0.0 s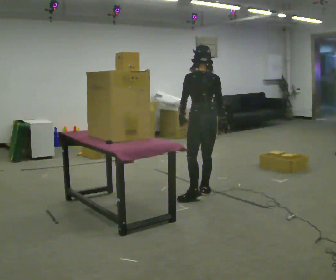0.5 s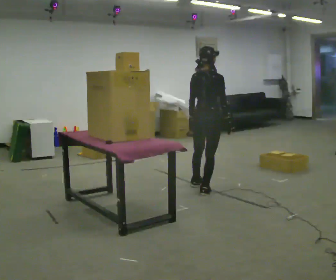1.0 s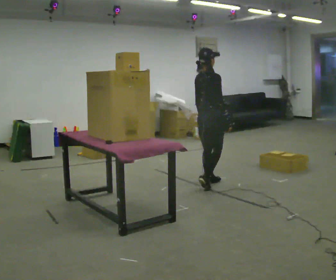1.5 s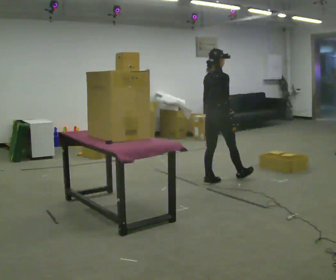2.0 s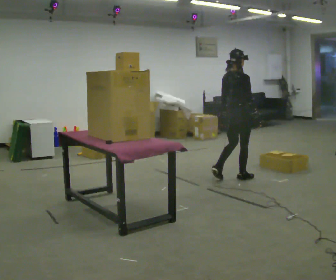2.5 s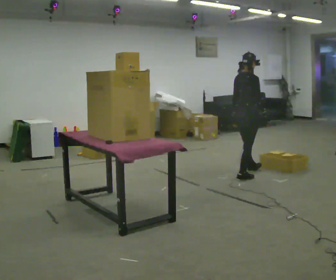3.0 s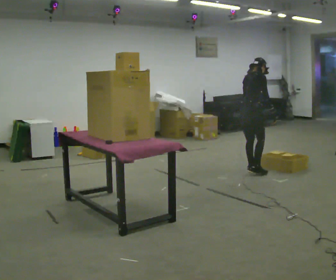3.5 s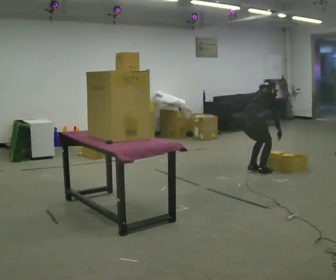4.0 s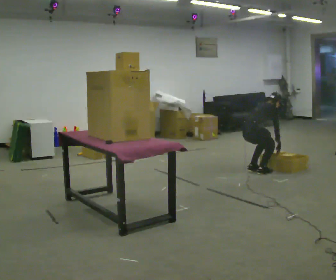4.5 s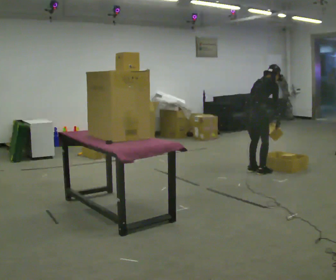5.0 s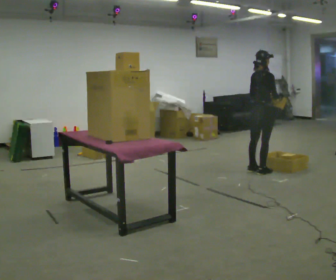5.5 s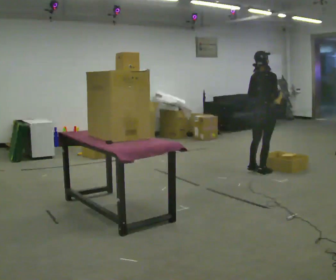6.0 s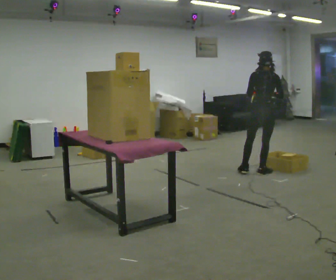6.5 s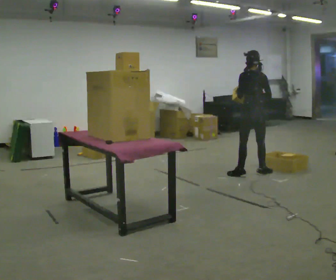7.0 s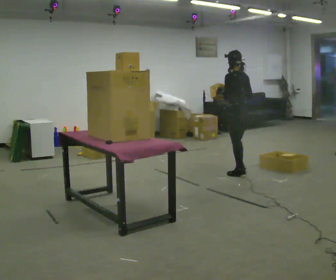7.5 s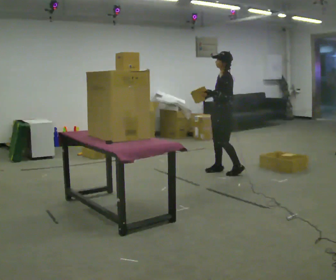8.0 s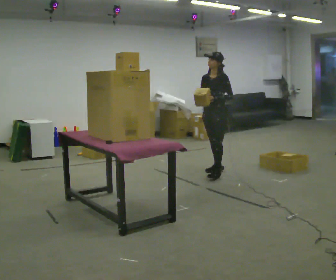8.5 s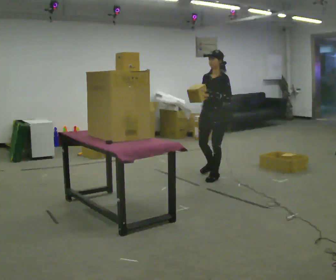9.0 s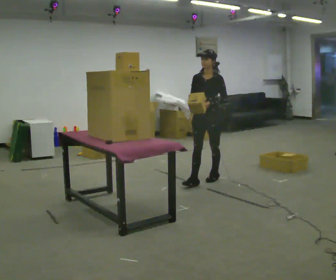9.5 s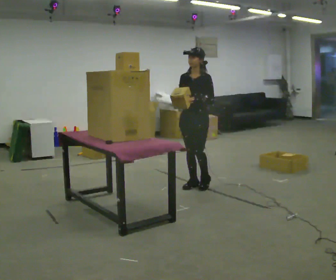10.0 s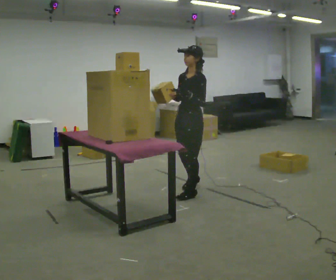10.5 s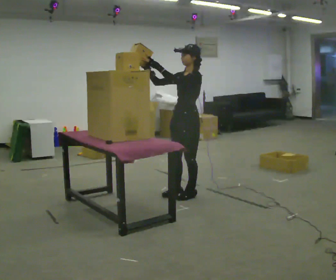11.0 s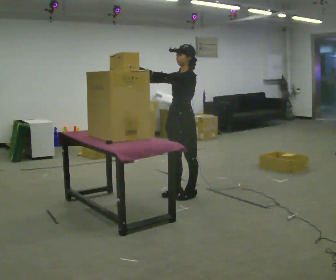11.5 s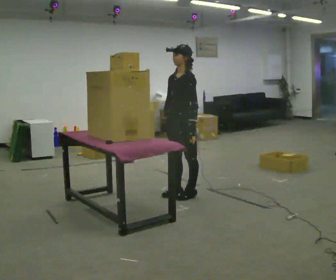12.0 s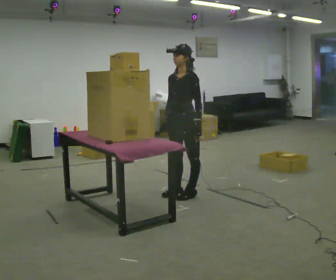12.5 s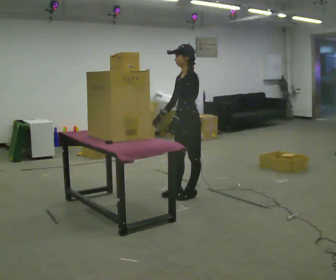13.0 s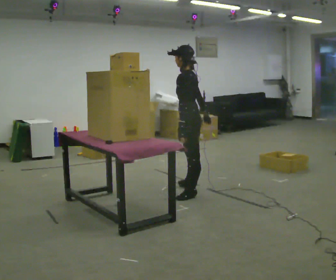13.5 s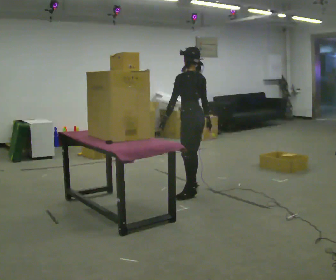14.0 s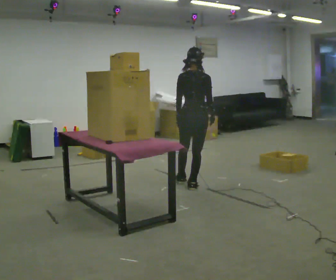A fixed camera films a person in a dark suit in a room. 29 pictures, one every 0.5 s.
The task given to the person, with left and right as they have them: Take an object from the lowest shelf, carry it across the room, and place it on the highest shelf you can comfortably reach. Keep going until the operator says stop; one object at a time, and do not rush between trips.
0.0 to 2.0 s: The person turns about 60 degrees to their right, clockwise seen from above, so the part of the body nearest the lens slides to the left. In the picture they go away from the camera and to the right, about 0.5 m in 2 steps.
2.0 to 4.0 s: In the picture they go away from the camera and to the right, about 0.5 m in 2 steps, which for them is forward and to their left. The shoulders move downward. The upper body tips away from the camera, its near side rolling upward, as they bend forward. In the picture their left hand goes downward.
4.0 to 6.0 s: The person turns about 45 degrees to their left, counterclockwise seen from above, so the part of the body nearest the lens slides to the right. The shoulders move upward. In the picture their left hand goes upward.
6.0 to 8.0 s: Seen from above the body turns counterclockwise, about 150 degrees: to their left, with its near side sliding to the right. In the picture they go to the left, about 0.5 m in 2 steps.
8.0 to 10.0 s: In the picture they go toward the camera, about 1 m in 3 steps, which for them is forward.
10.0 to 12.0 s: In the picture their left hand goes downward.
12.0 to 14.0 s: The person turns about 150 degrees to their right, clockwise seen from above, so the part of the body nearest the lens slides to the left. In the picture they go away from the camera, about 0.25 m in 1 step.
The film runs forward here.
